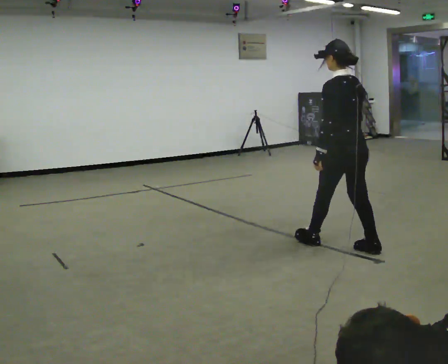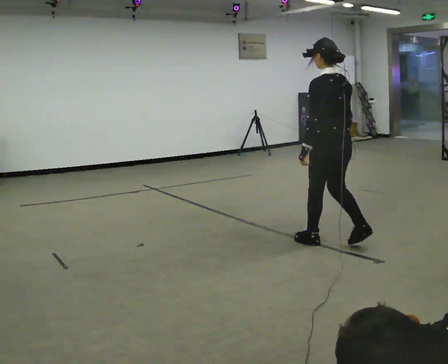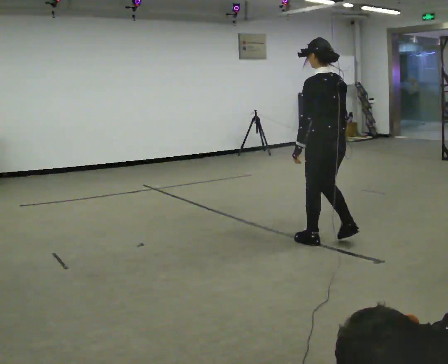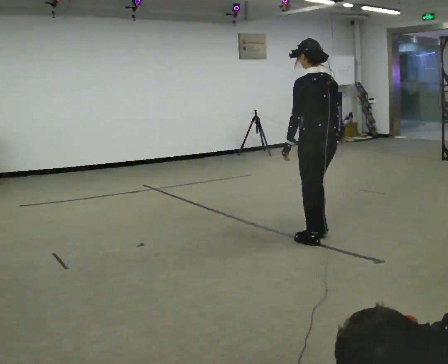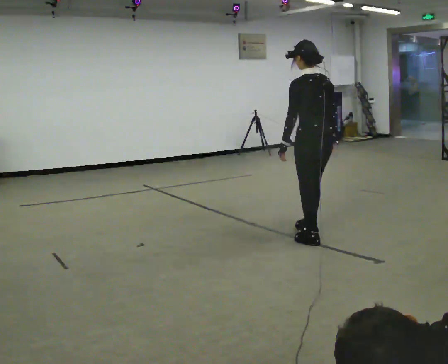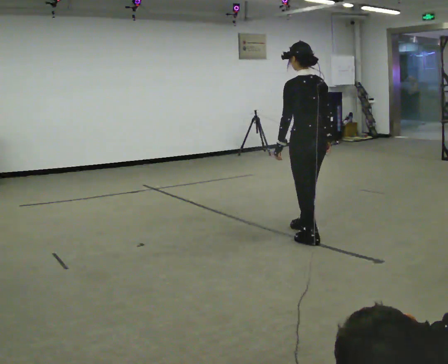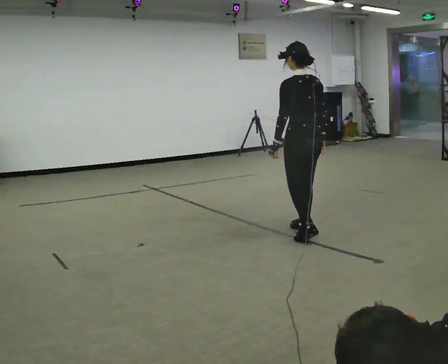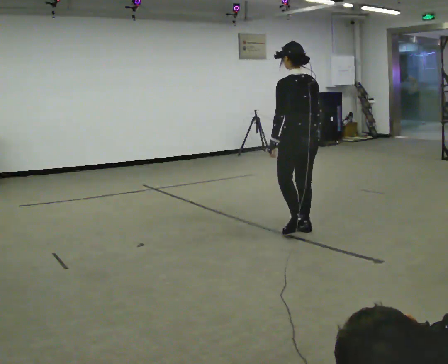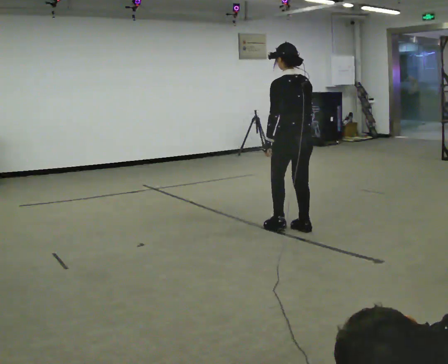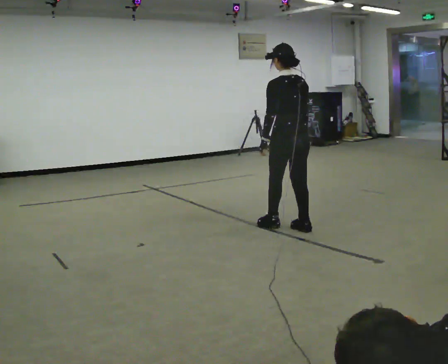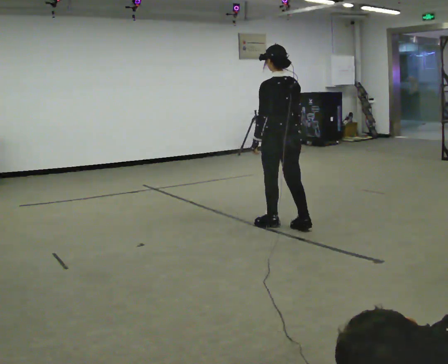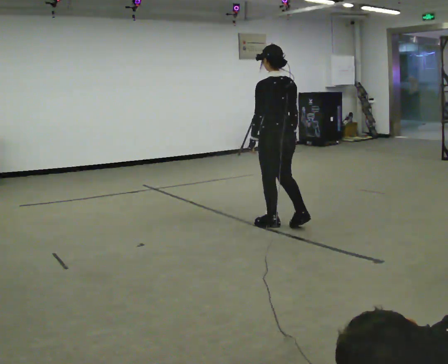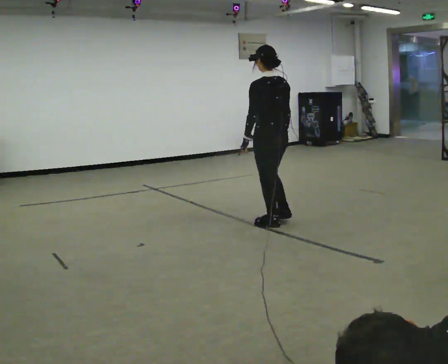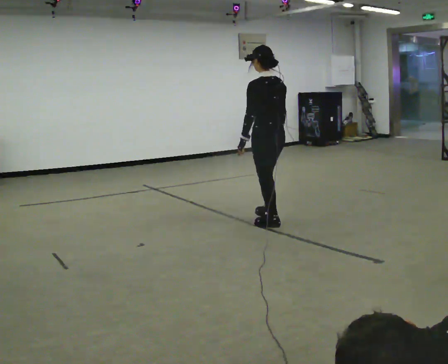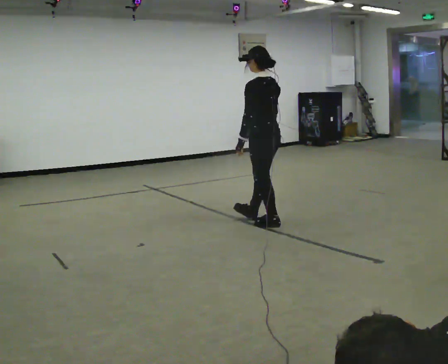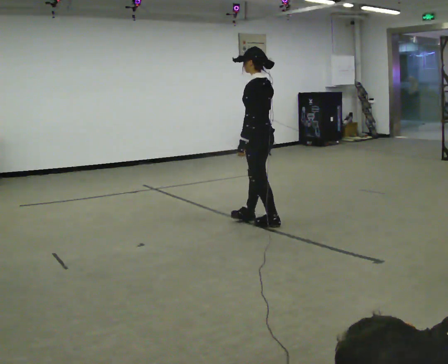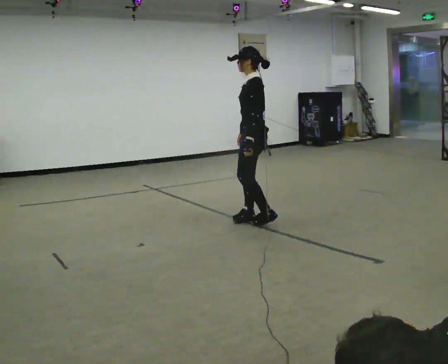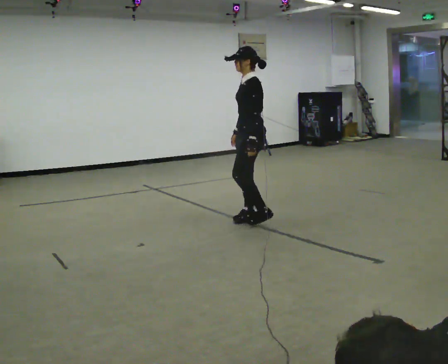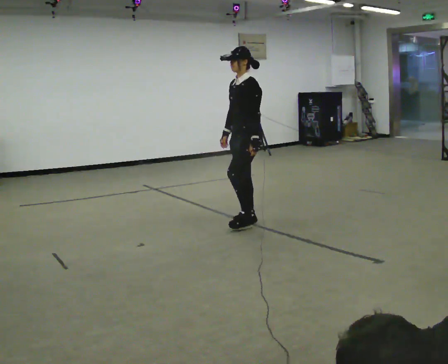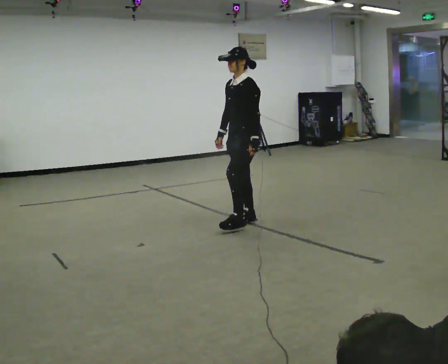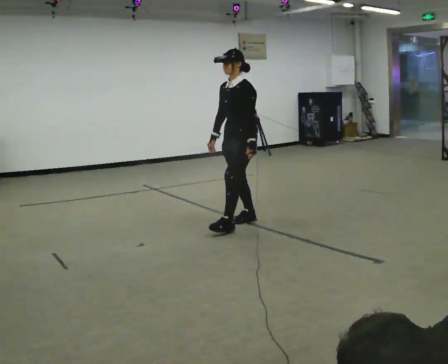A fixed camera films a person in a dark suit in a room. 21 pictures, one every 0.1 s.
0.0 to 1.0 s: In the picture they go away from the camera and to the left, about 1 m in 2 steps, which for them is forward.
1.0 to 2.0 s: Seen from above the body turns counterclockwise, about 105 degrees: to their left, with its near side sliding to the right. In the picture they go to the left and away from the camera, about 0.5 m in 2 steps.
The film runs backward here.
